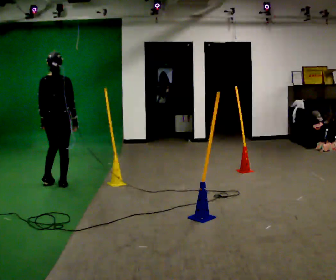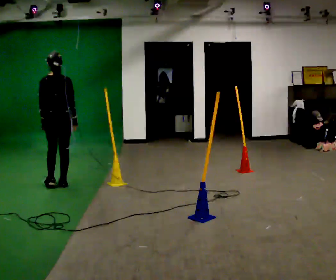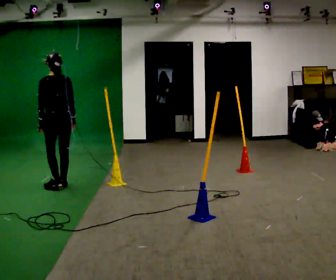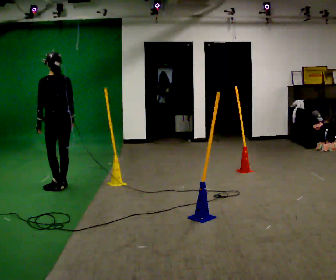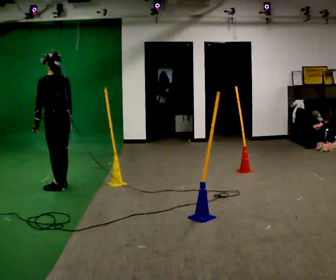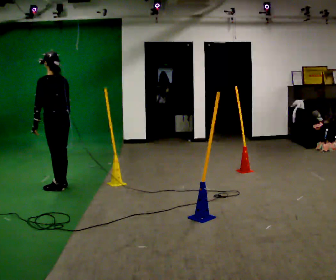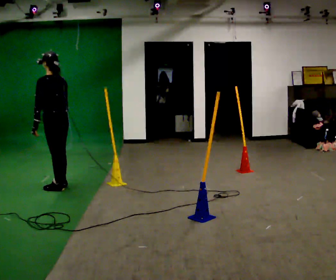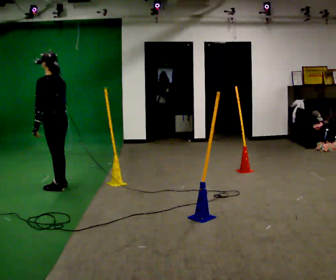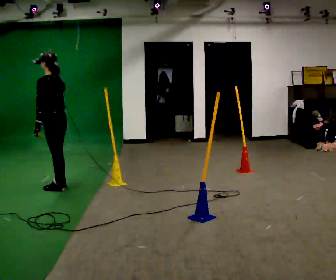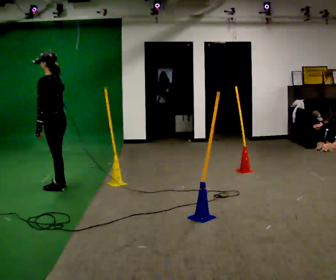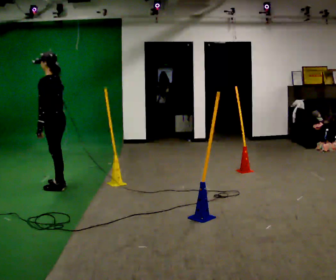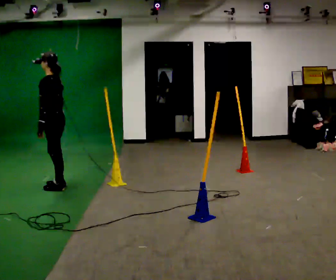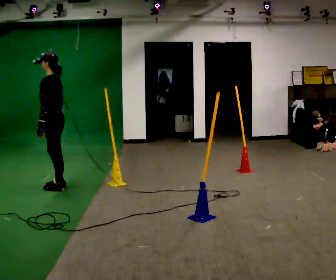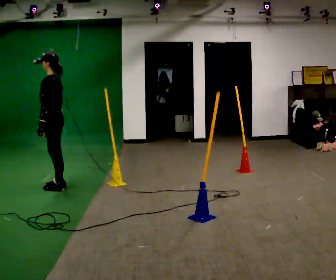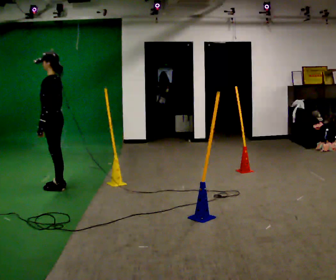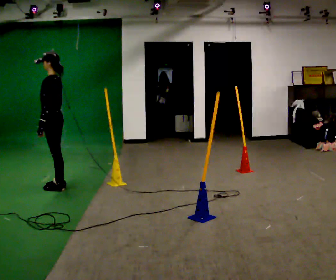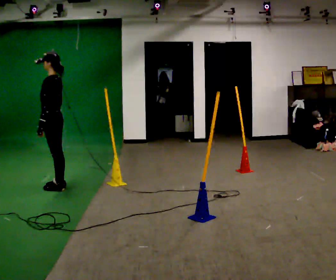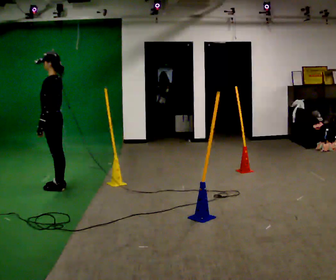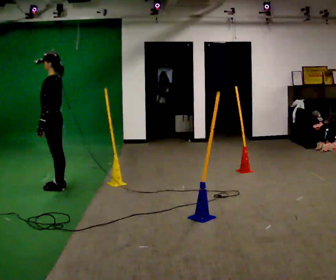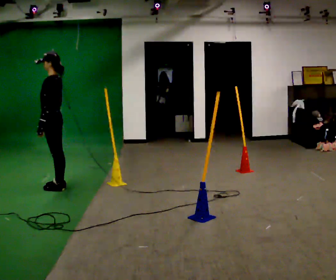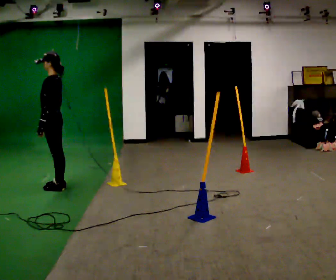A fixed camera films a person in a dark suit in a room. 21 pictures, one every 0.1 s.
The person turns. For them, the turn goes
to their left.
The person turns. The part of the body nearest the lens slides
to the right.
0.0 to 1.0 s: The person turns about 75 degrees to their left, counterclockwise seen from above, so the part of the body nearest the lens slides to the right. In the picture they go toward the camera, about 0.25 m.
1.0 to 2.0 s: The person moves a little, or ends about where they began.
The film runs backward here.
